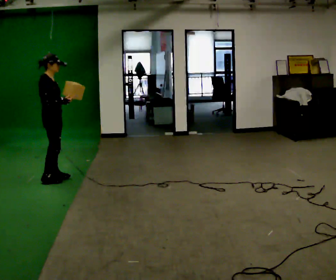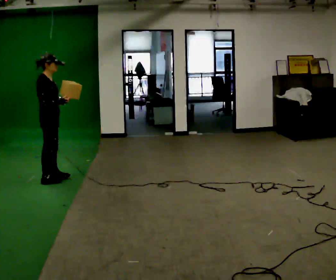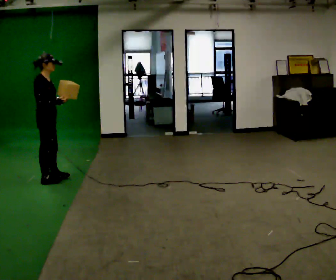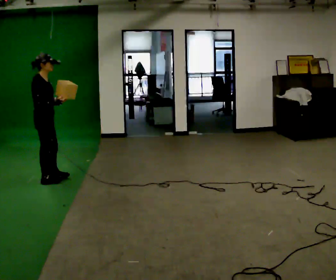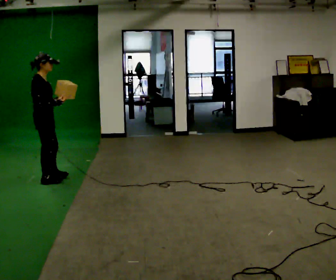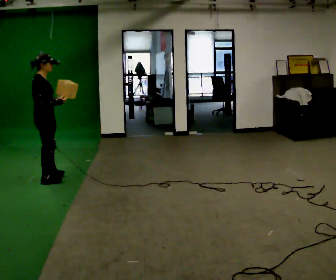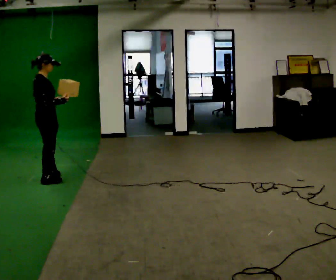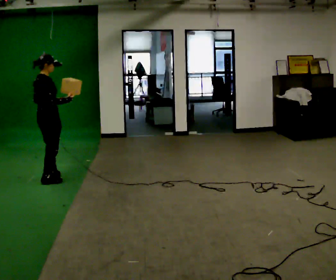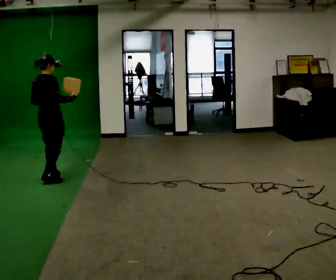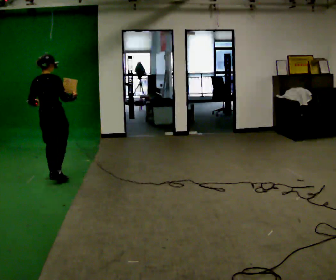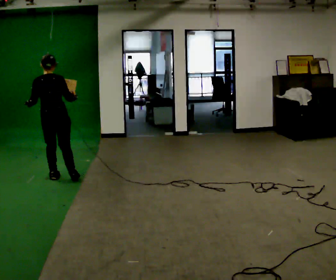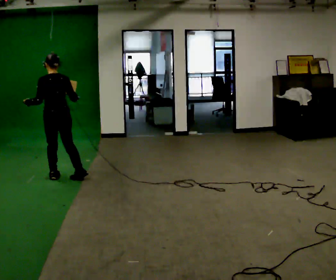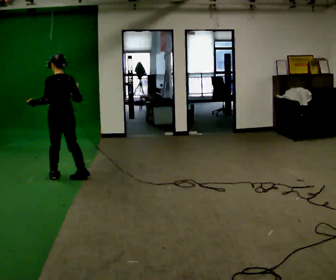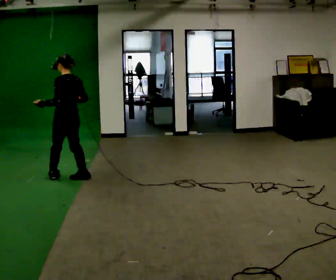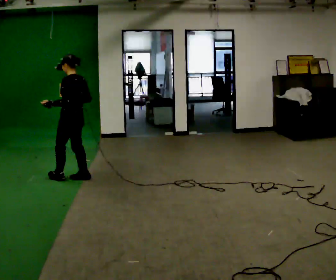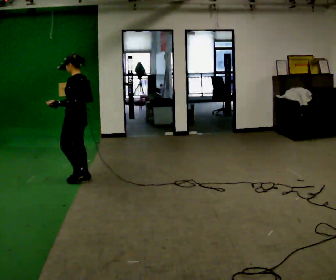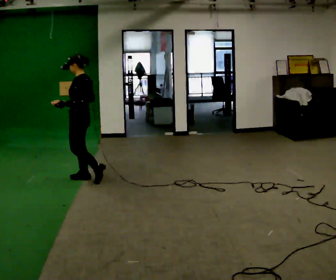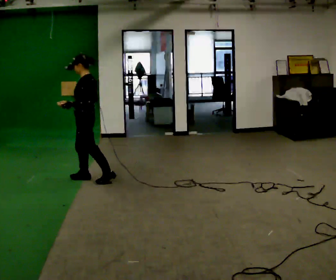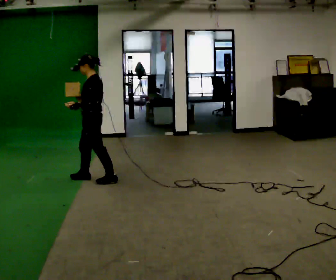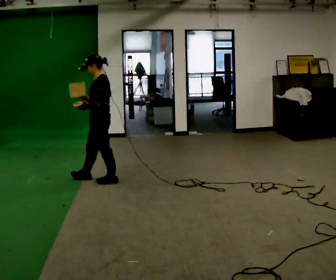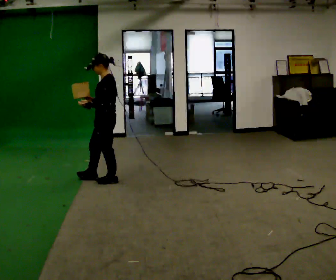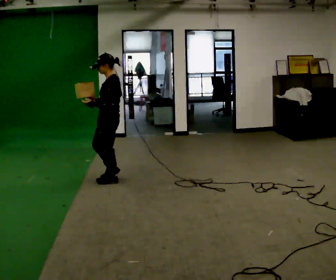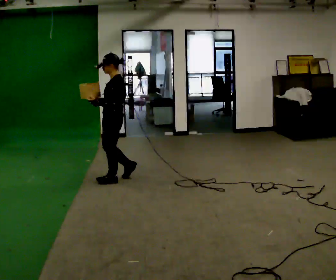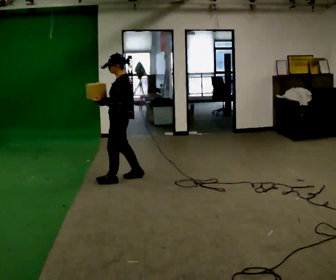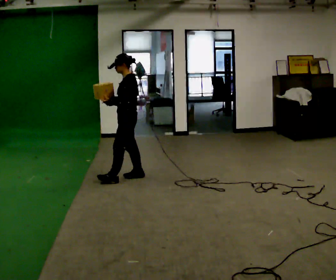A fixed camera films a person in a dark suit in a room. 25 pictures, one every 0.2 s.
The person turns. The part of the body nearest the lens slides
to the right.
The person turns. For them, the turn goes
to their left.
0.0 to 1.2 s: The person moves a little, or ends about where they began.
1.2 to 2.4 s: Seen from above the body turns counterclockwise, about 105 degrees: to their left, with its near side sliding to the right. In the picture they go to the right, about 0.25 m in 1 step.
2.4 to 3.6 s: The person turns about 45 degrees to their left, counterclockwise seen from above, so the part of the body nearest the lens slides to the right. In the picture they go to the right and toward the camera, about 0.5 m in 1 step, which for them is backward.
3.6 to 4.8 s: In the picture they go to the right, about 0.5 m in 1 step, which for them is backward.
The film runs backward here.
